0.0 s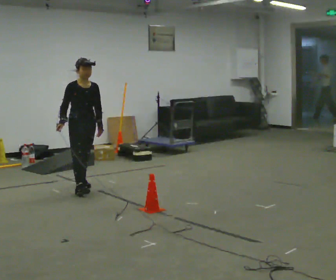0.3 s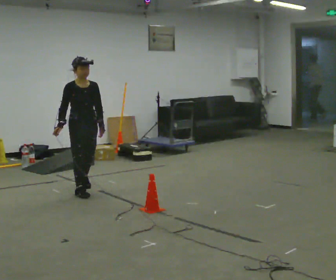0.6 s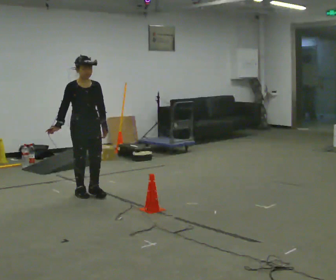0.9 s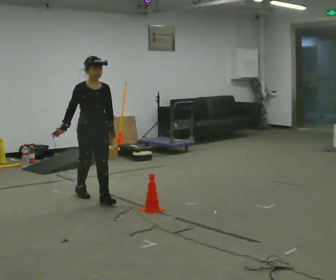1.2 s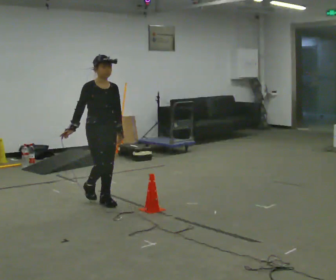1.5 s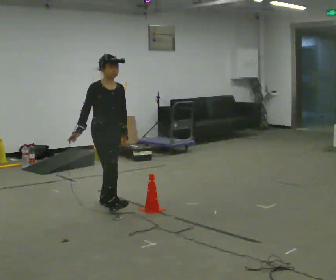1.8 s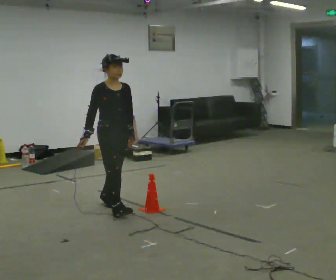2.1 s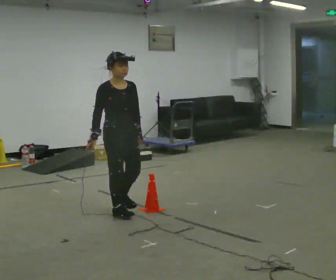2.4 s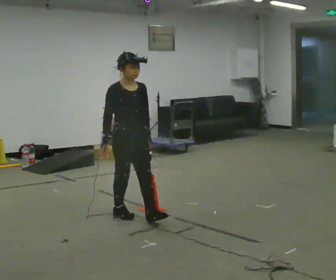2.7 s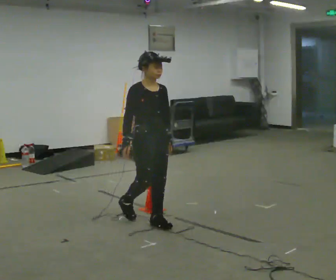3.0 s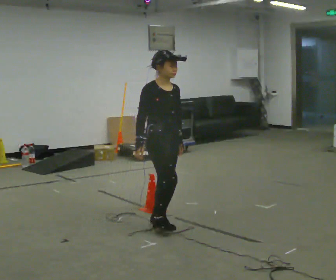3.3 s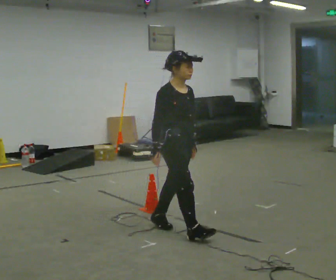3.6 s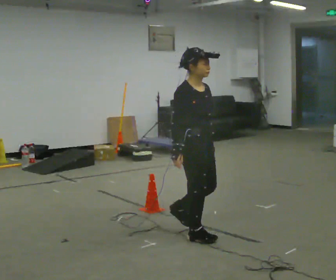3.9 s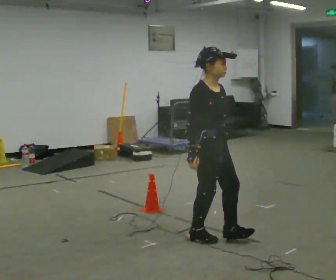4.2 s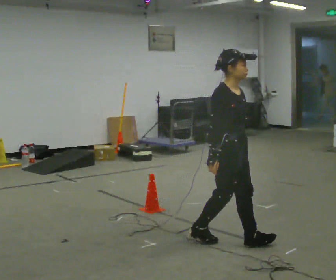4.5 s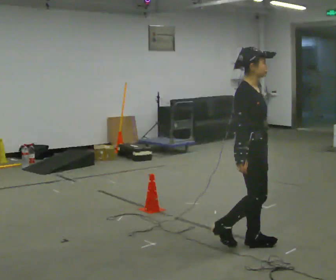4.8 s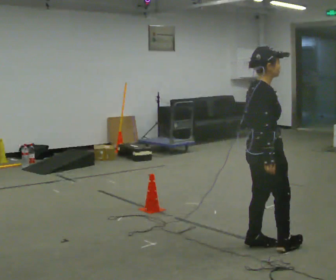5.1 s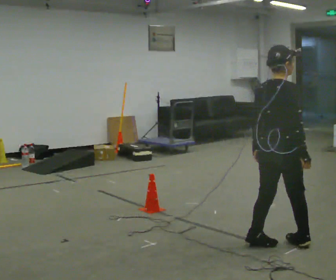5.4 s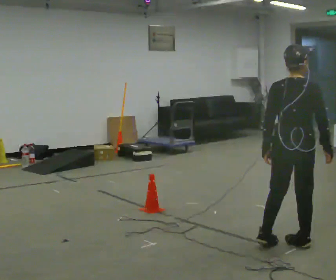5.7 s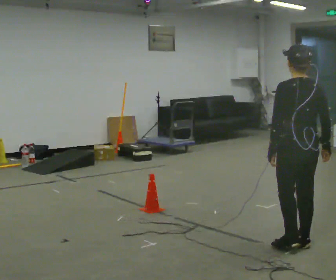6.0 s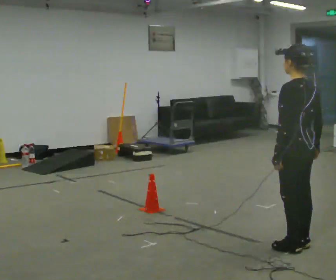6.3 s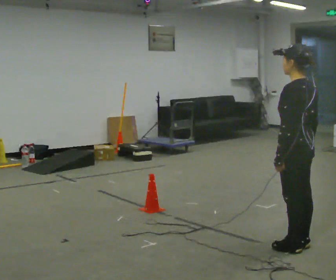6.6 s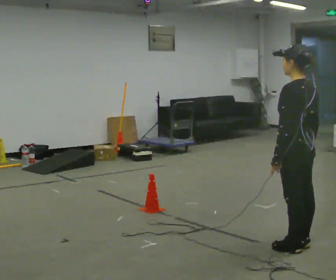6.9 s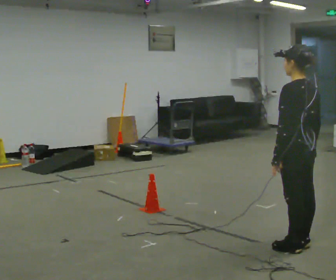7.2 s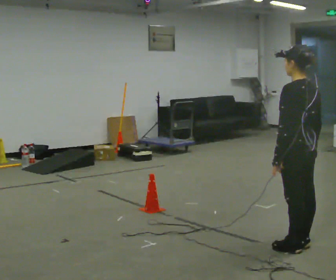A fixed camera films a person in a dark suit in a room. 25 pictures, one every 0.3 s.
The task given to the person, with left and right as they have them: Walk toward obstacle; alter path to avoid it; continue toward original destination.
0.0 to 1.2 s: In the picture they go toward the camera and to the right, about 0.75 m in 1 step, which for them is forward.
1.2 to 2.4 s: In the picture they go toward the camera and to the right, about 0.5 m in 1 step, which for them is forward.
2.4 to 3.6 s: In the picture they go toward the camera and to the right, about 1 m in 2 steps, which for them is forward.
3.6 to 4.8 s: The part of the body nearest the lens slides to the right as the person turns to their left by about 45 degrees. In the picture they go to the right and toward the camera, about 0.5 m in 1 step, which for them is forward.
4.8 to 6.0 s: Seen from above the body turns counterclockwise, about 120 degrees: to their left, with its near side sliding to the right. In the picture they go to the right, about 0.25 m in 2 steps. In the picture their right hand goes to the right.
6.0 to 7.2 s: The person moves a little, or ends about where they began.
The film runs forward here.
